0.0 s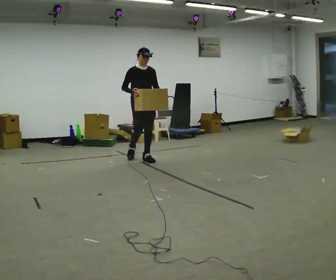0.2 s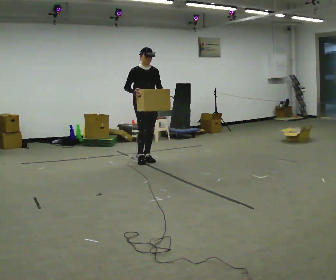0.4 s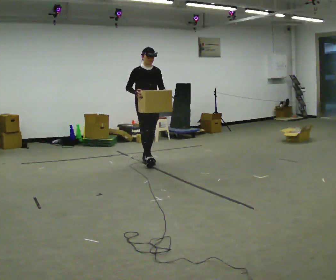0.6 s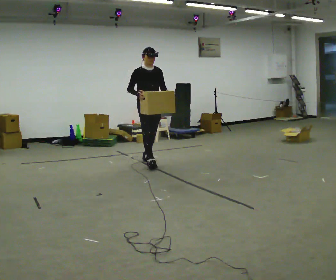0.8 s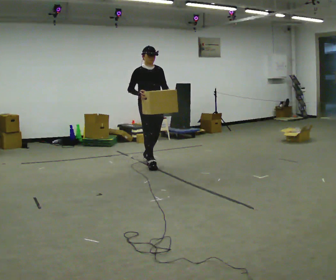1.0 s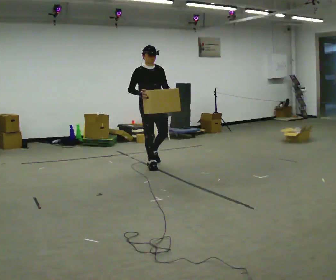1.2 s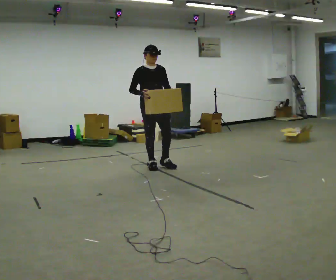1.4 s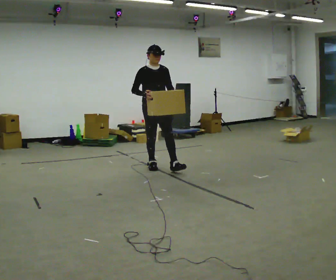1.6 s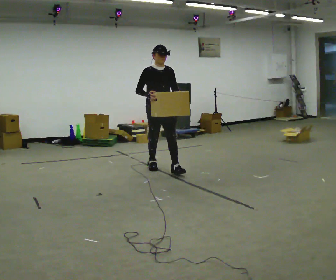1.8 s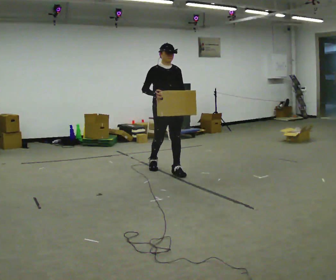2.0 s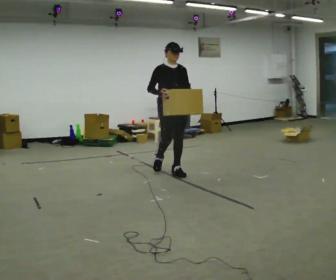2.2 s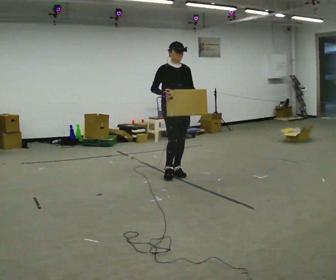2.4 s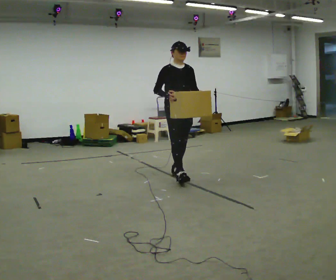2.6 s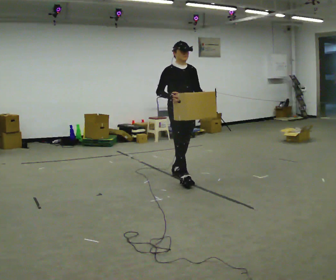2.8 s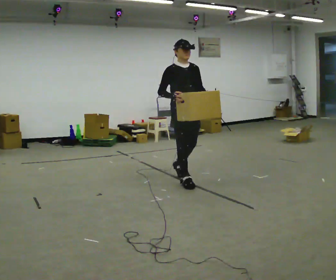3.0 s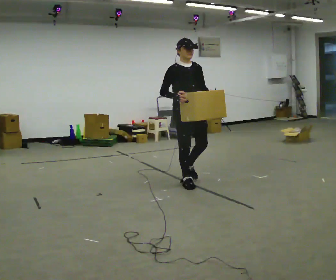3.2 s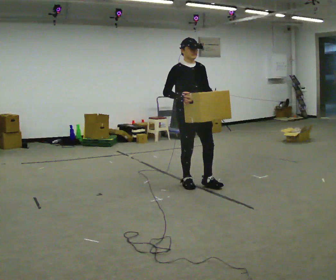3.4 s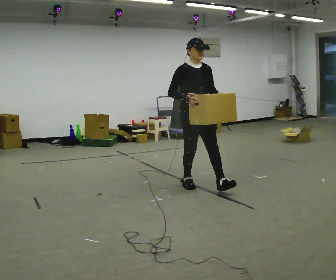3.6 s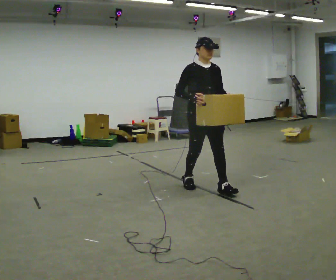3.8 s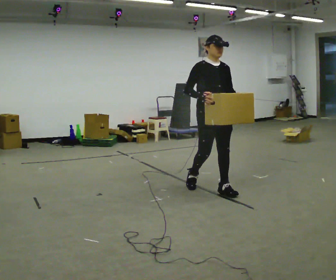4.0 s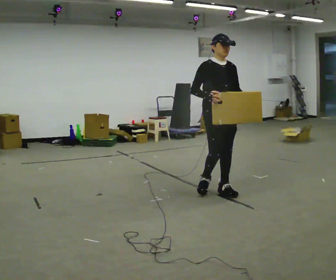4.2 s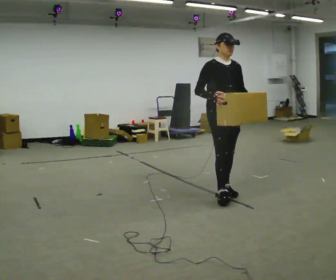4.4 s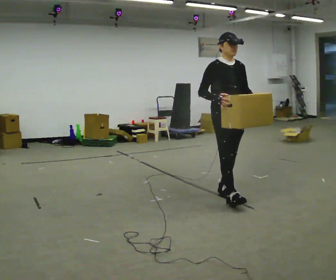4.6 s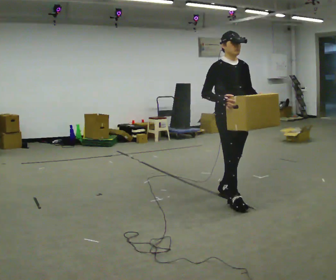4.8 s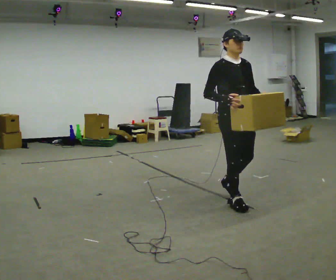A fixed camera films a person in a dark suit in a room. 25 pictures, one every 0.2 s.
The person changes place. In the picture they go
toward the camera.
0.0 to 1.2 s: In the picture they go toward the camera and to the right, about 0.5 m in 1 step, which for them is forward.
1.2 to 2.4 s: In the picture they go toward the camera and to the right, about 0.5 m in 1 step, which for them is forward.
2.4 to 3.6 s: In the picture they go toward the camera and to the right, about 0.75 m in 2 steps, which for them is forward.
3.6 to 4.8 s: In the picture they go toward the camera and to the right, about 0.5 m in 1 step, which for them is forward.
The film runs forward here.
